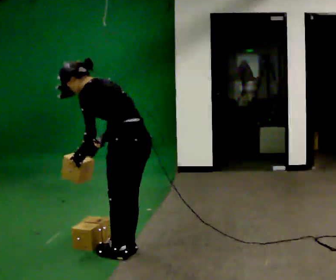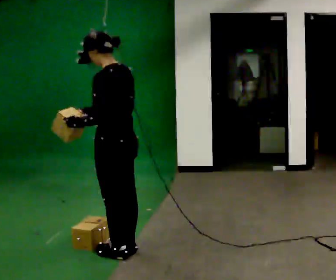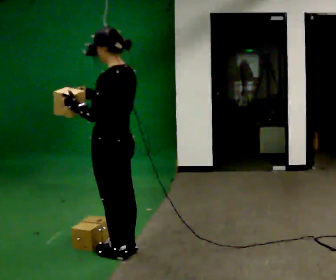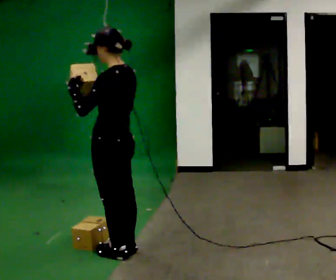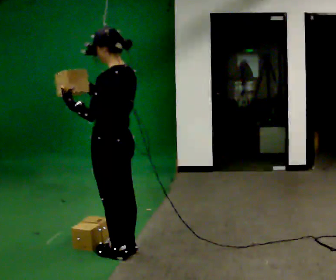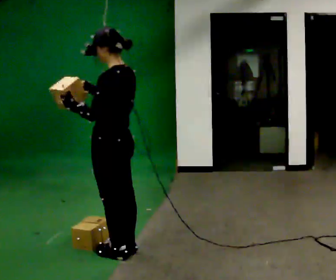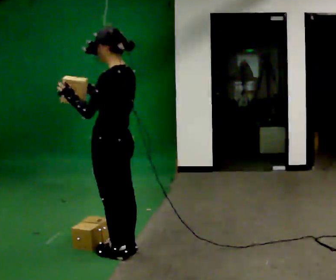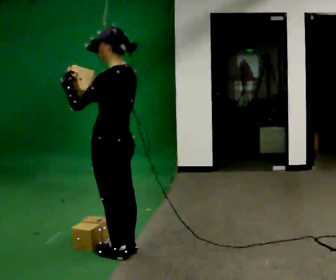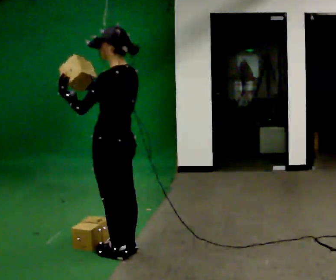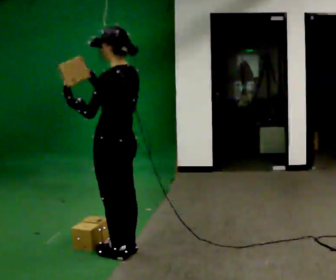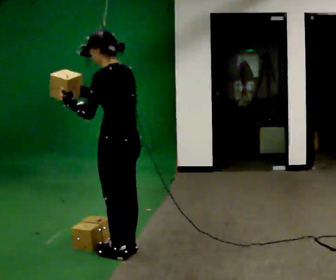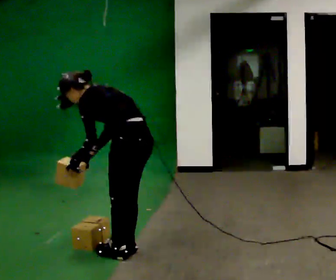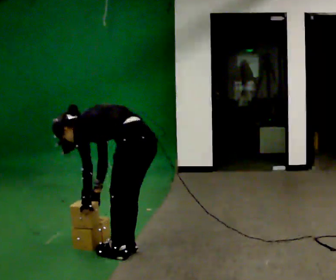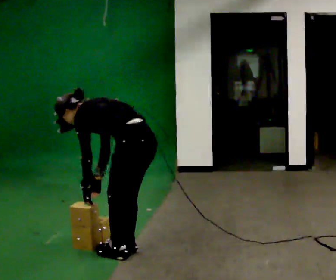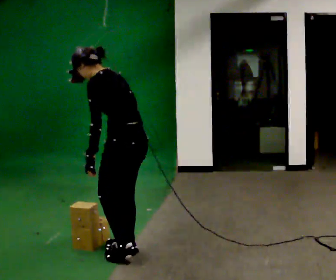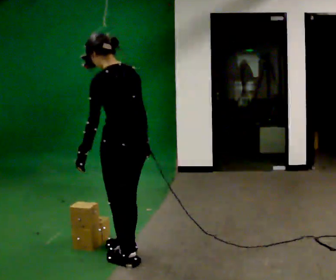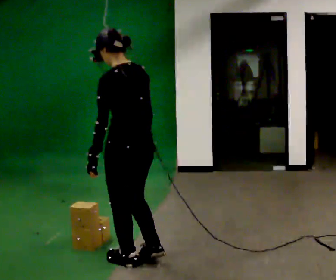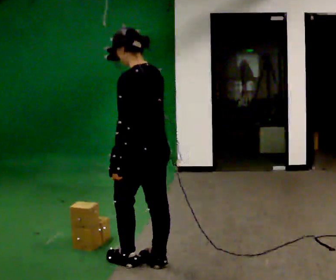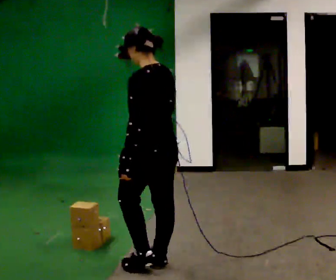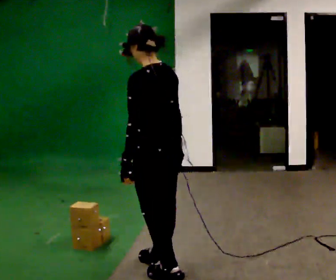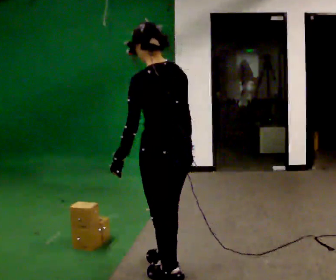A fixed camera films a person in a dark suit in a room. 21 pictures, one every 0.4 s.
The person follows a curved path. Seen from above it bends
counterclockwise.
0.0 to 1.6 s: In the picture the upper body tilts clockwise, shoulders to the right, as they lean back or straighten. In the picture their left hand goes upward.
1.6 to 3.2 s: The person moves a little, or ends about where they began.
3.2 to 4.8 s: In the picture they go to the right, about 0.25 m, which for them is backward. The upper body goes downward. In the picture the upper body tilts counterclockwise, shoulders to the left, as they bend forward. In the picture their left hand goes downward, the arm swinging counterclockwise.
4.8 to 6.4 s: The part of the body nearest the lens slides to the left as the person turns to their right by about 30 degrees. In the picture they go toward the camera, about 0.25 m in 2 steps, which for them is to their left. The upper body goes upward. In the picture the upper body tilts clockwise, shoulders to the right, as they lean back or straighten. In the picture their right hand goes upward and to the right.
6.4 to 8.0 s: In the picture they go toward the camera and to the right, about 0.25 m in 2 steps, which for them is backward.
The film runs backward here.
